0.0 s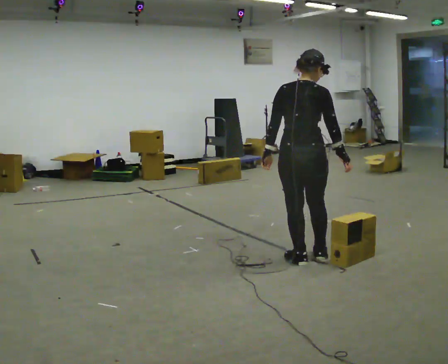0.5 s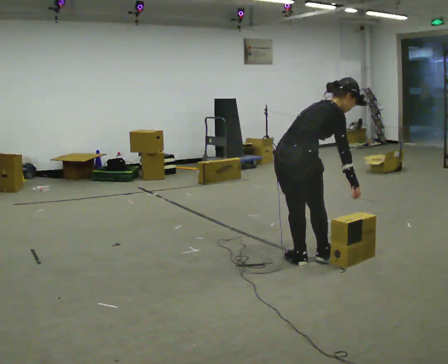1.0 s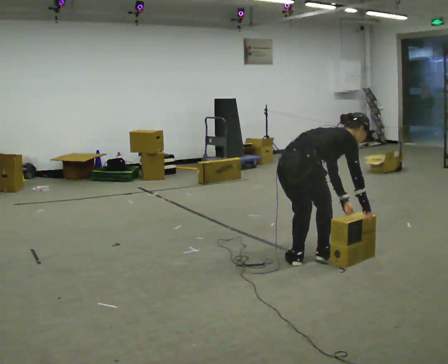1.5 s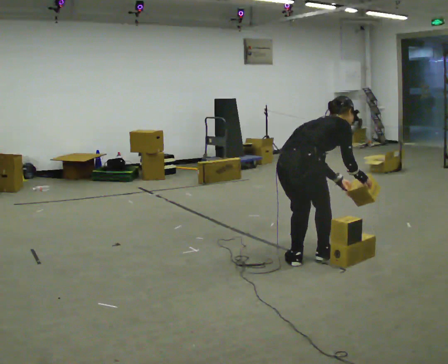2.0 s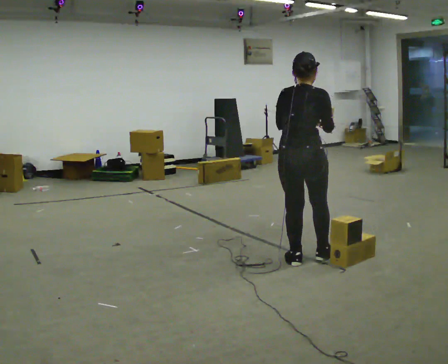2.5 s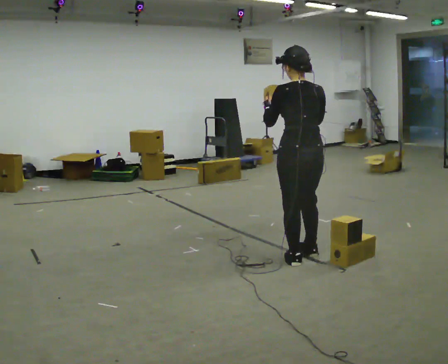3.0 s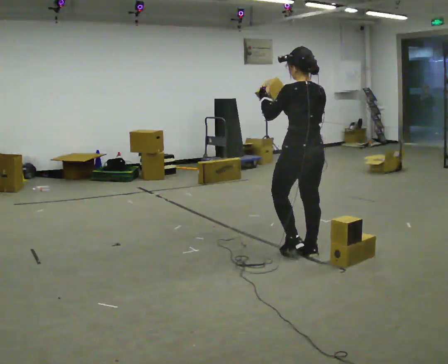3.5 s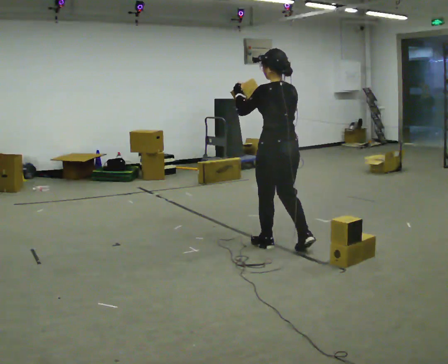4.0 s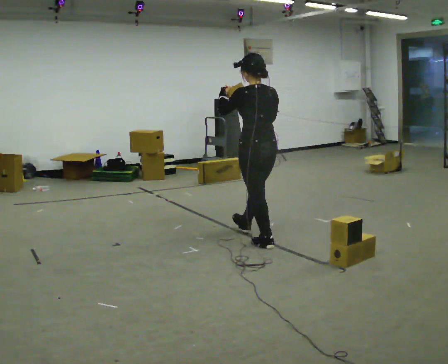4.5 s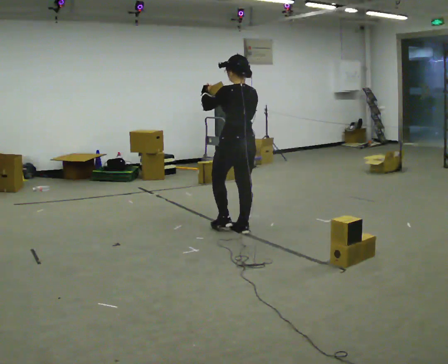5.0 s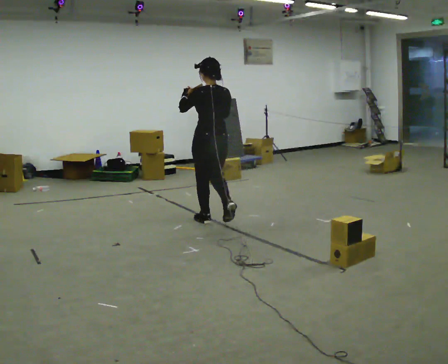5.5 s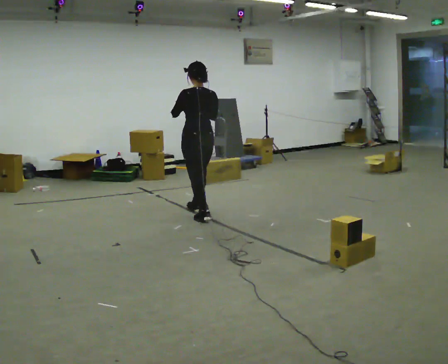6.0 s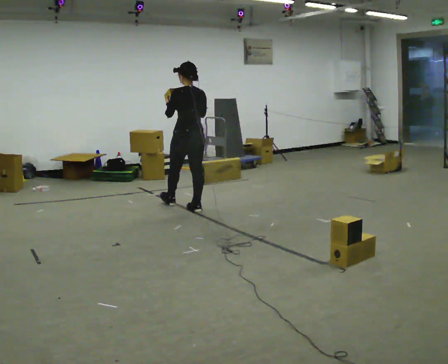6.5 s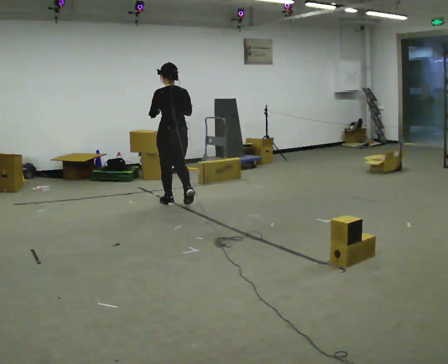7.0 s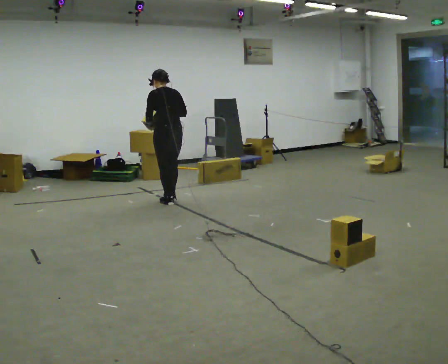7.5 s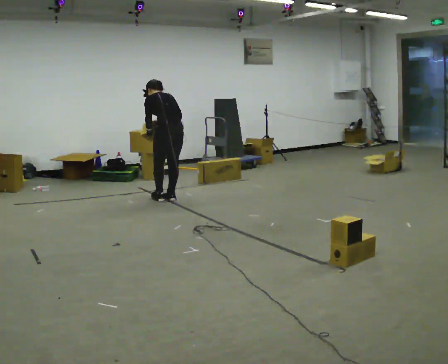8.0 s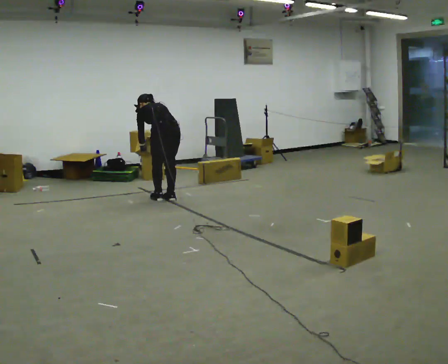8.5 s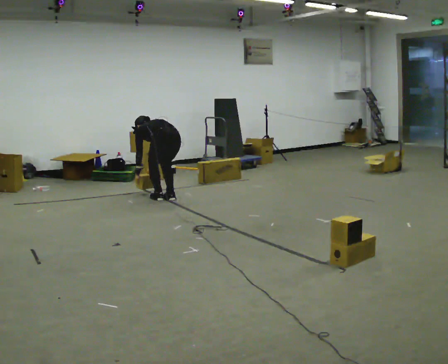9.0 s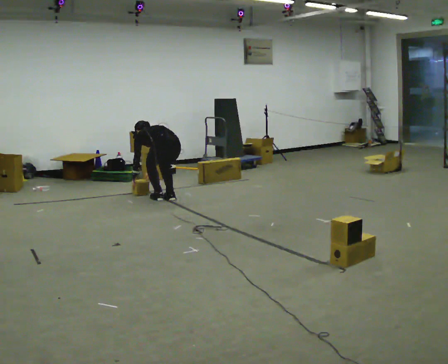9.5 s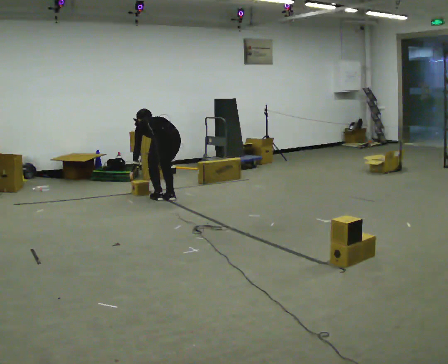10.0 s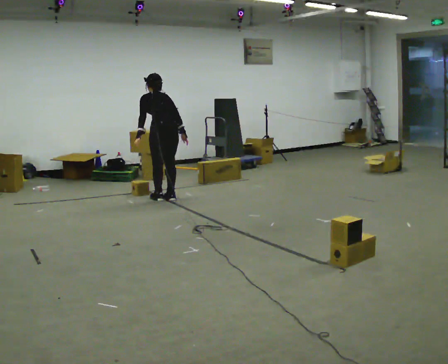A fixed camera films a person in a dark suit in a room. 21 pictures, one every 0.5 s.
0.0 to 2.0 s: The person moves a little, or ends about where they began.
2.0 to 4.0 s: The person turns about 60 degrees to their left, counterclockwise seen from above, so the part of the body nearest the lens slides to the right. In the picture they go away from the camera and to the left, about 0.75 m in 1 step.
4.0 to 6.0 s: In the picture they go away from the camera and to the left, about 1.5 m in 3 steps, which for them is forward.
6.0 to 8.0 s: In the picture they go away from the camera and to the left, about 0.5 m in 3 steps, which for them is forward. The upper body goes downward. The upper body tips away from the camera, its near side rolling upward, as they bend forward. In the picture their left hand goes downward.
8.0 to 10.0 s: In the picture their right hand goes to the right.
The film runs forward here.
